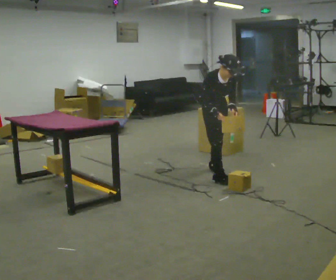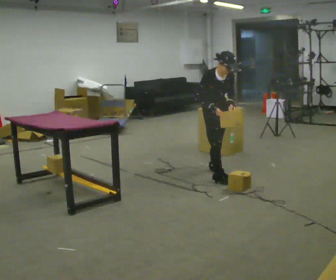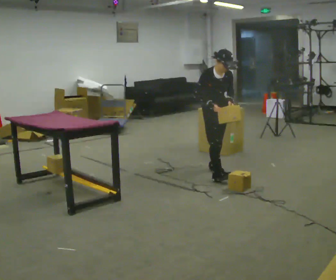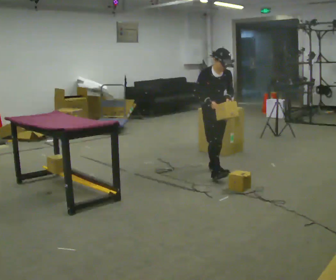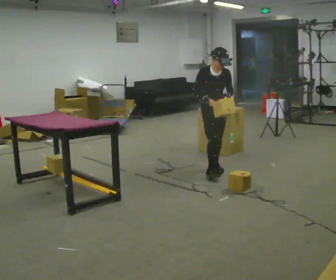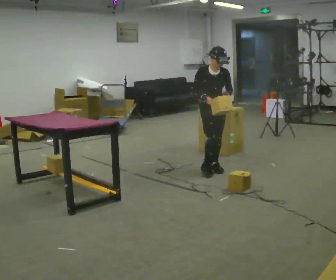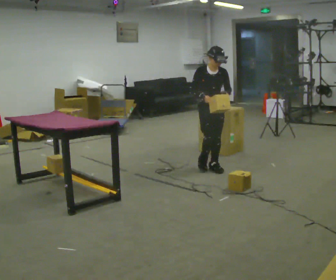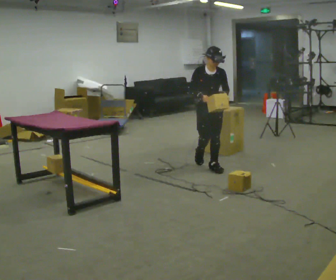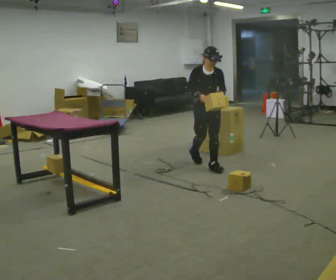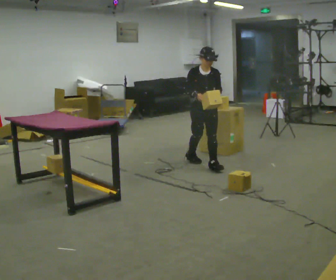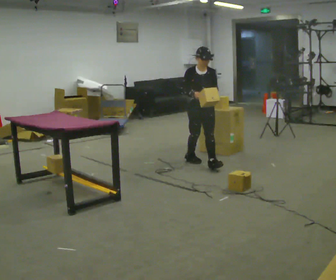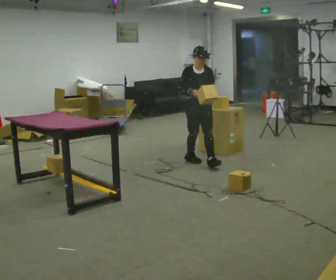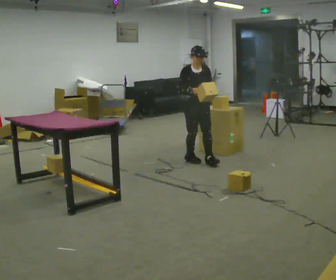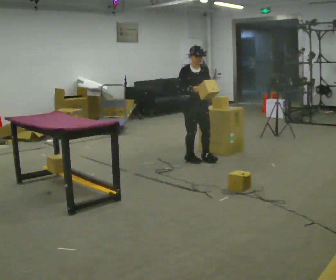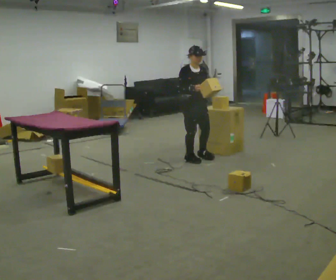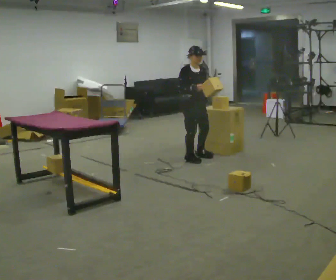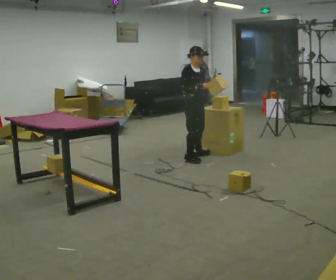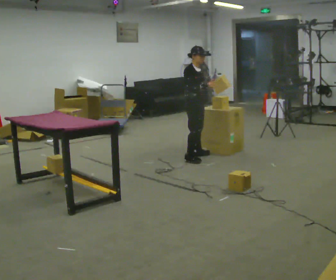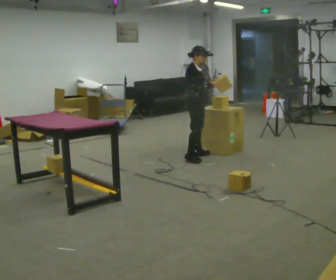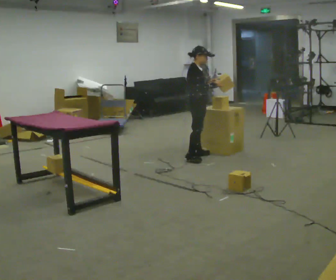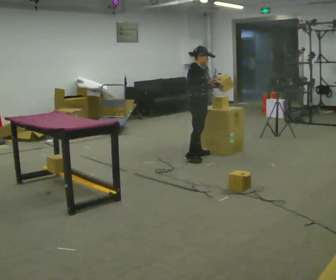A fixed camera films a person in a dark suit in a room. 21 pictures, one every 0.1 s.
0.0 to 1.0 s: In the picture they go away from the camera, about 0.5 m in 1 step, which for them is backward. The upper body tips away from the camera, its near side rolling upward, as they lean back or straighten.
1.0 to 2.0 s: The person turns about 75 degrees to their left, counterclockwise seen from above, so the part of the body nearest the lens slides to the right. In the picture they go away from the camera, about 0.5 m in 1 step.
The film runs backward here.
